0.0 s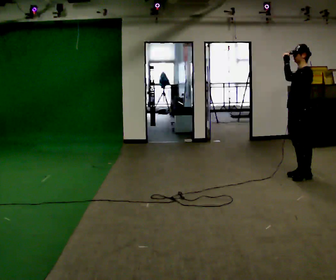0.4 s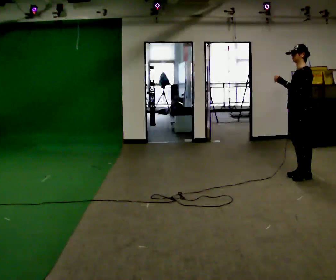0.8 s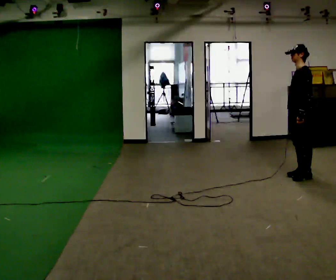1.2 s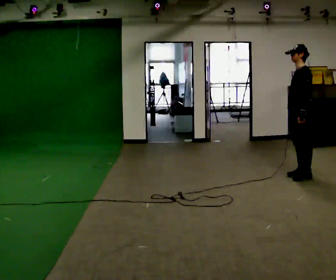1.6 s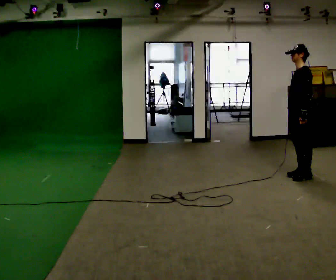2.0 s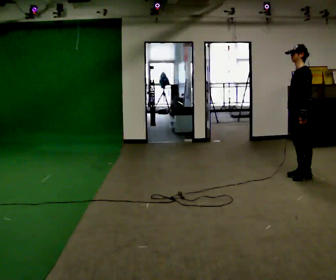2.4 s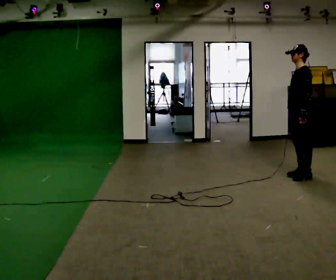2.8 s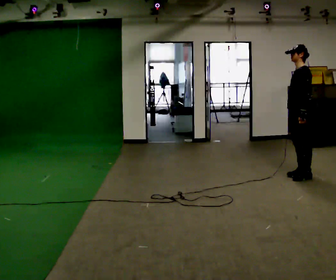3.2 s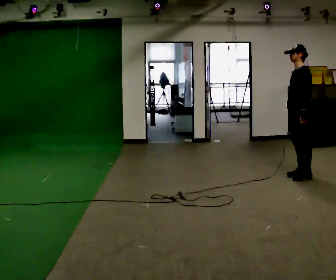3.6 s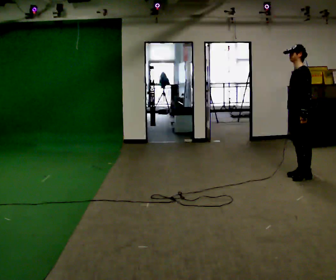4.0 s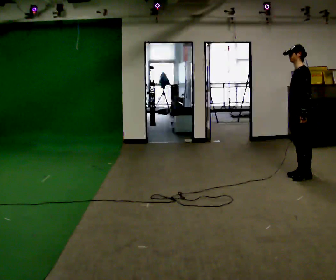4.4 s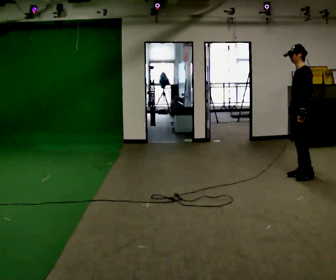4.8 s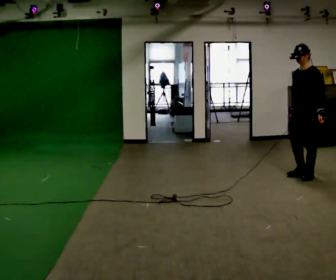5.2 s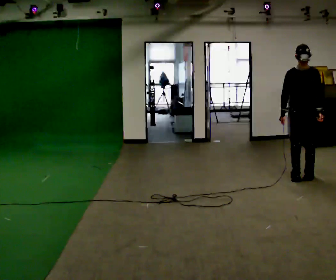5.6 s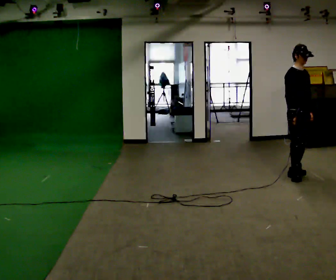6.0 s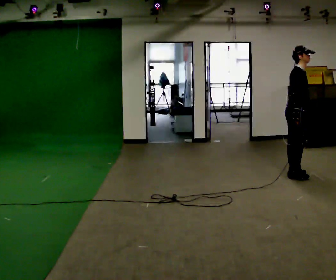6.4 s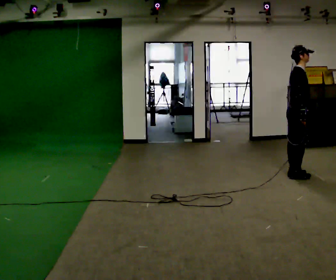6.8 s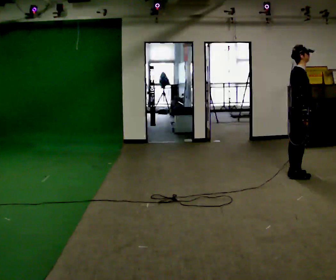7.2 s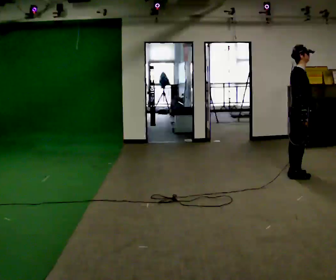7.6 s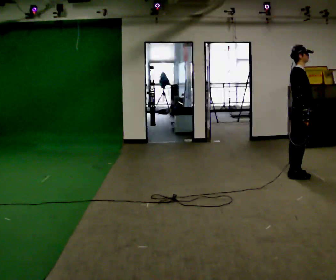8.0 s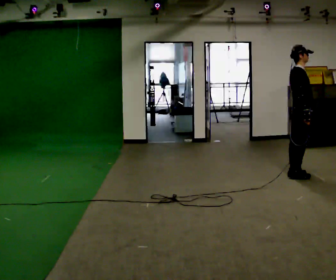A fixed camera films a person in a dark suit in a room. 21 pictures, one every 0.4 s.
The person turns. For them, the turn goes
to their left.
The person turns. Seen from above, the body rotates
counterclockwise.
0.0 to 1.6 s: In the picture their left hand goes downward.
1.6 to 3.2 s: The person keeps their place and pose.
3.2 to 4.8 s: The person moves a little, or ends about where they began.
4.8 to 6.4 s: The part of the body nearest the lens slides to the right as the person turns to their left by about 150 degrees.
6.4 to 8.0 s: The person moves a little, or ends about where they began.
The film runs backward here.
